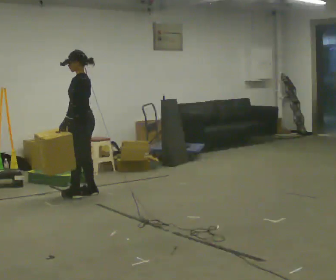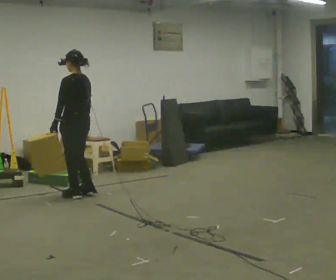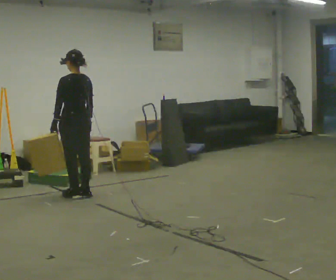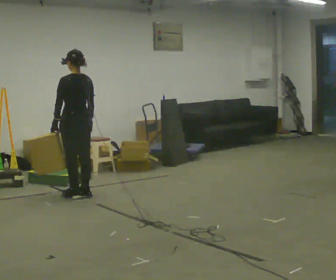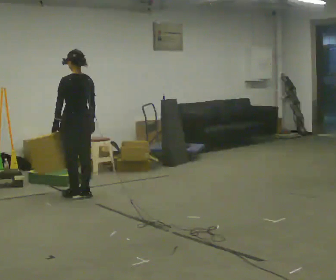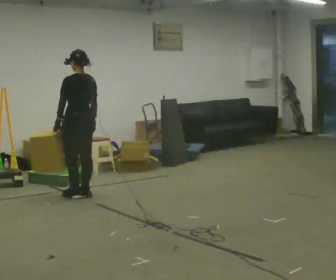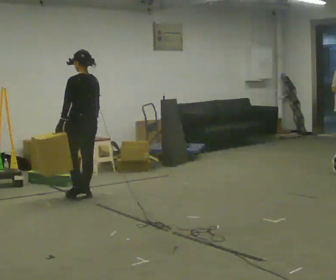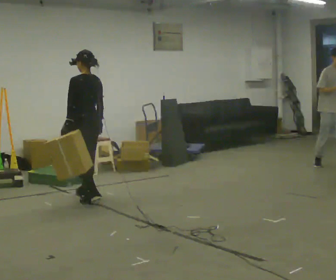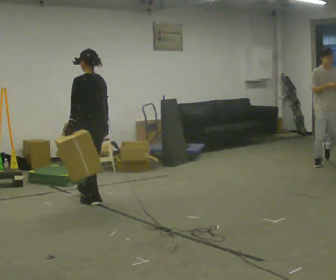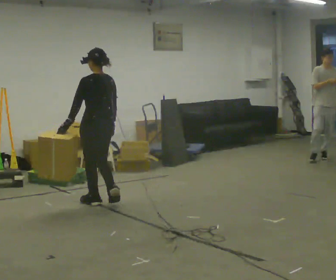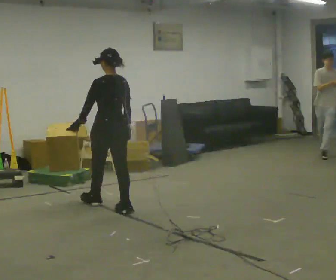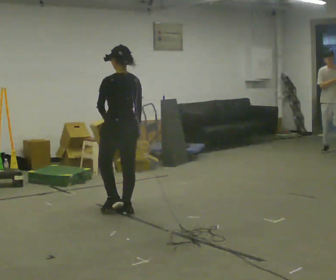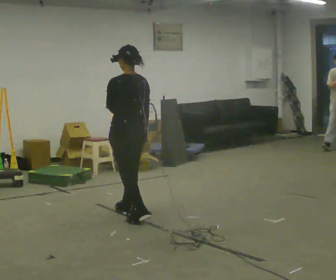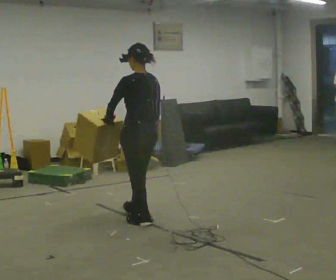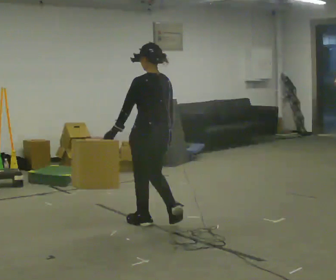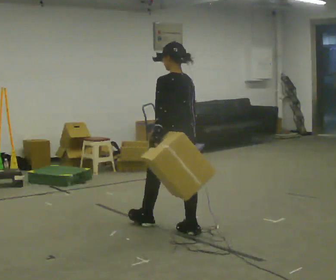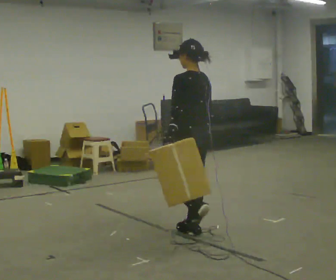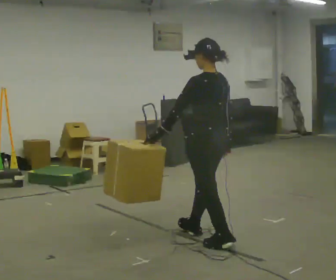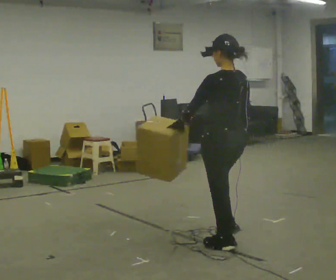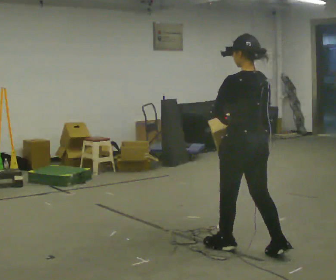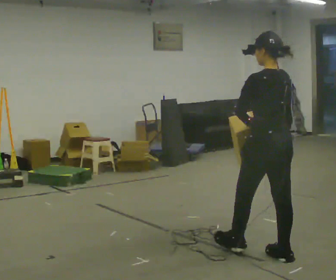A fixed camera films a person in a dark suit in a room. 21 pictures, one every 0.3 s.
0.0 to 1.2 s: The part of the body nearest the lens slides to the left as the person turns to their right by about 45 degrees.
1.2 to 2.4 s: In the picture they go toward the camera and to the right, about 0.25 m in 2 steps, which for them is backward.
2.4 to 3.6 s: In the picture they go toward the camera and to the right, about 0.5 m in 1 step, which for them is backward.
3.6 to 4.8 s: In the picture they go toward the camera and to the right, about 1 m in 2 steps, which for them is backward.
4.8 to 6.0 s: In the picture they go toward the camera and to the right, about 1 m in 2 steps, which for them is backward.
The film runs backward here.
